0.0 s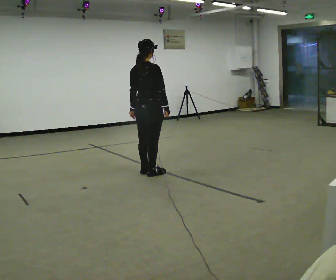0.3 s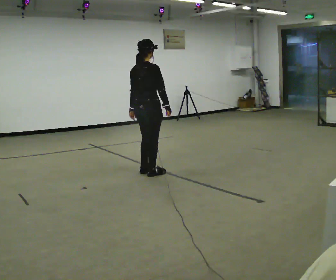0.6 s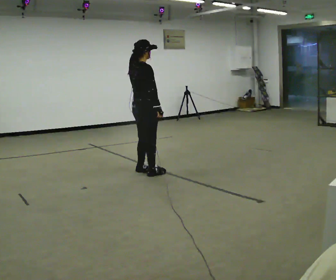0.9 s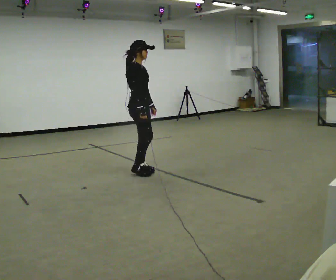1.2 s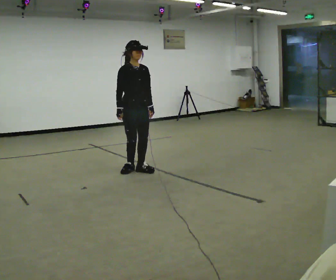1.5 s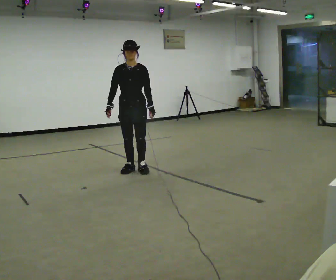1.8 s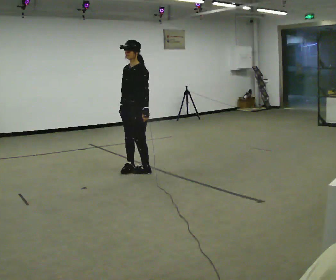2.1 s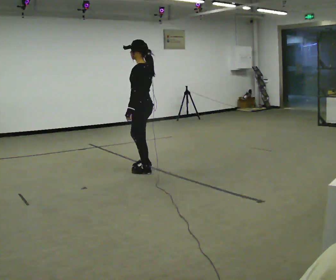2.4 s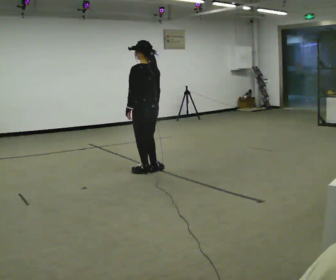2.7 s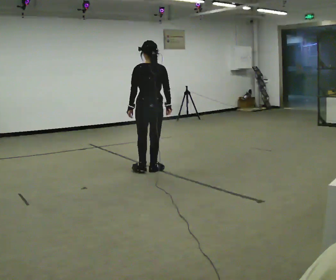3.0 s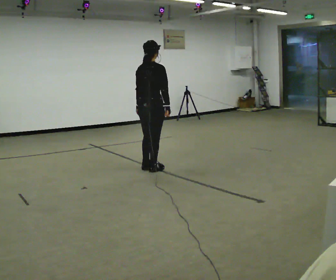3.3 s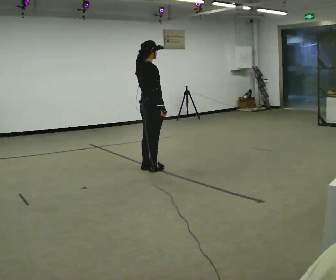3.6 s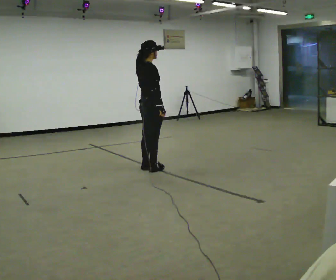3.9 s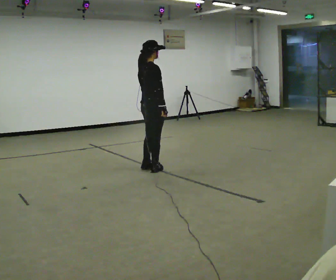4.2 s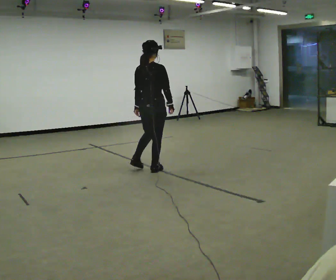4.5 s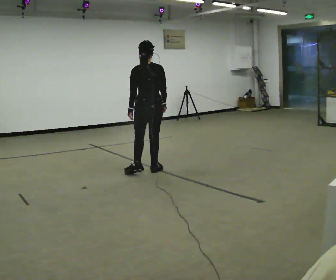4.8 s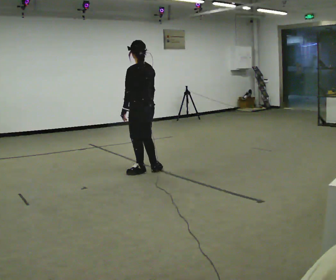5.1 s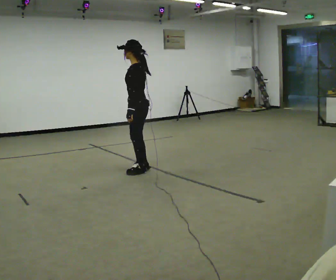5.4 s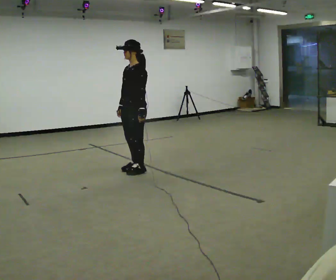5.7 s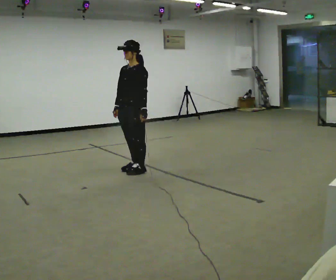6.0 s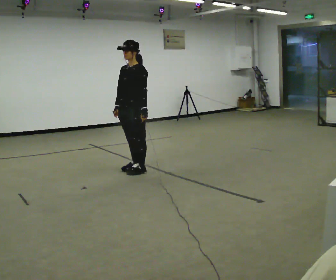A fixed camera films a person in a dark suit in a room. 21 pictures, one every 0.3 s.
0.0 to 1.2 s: The part of the body nearest the lens slides to the left as the person turns to their right by about 105 degrees. In the picture their right hand goes to the left.
1.2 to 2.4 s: The person turns about 180 degrees to their right, clockwise seen from above, so the part of the body nearest the lens slides to the left. In the picture their right hand goes to the right.
2.4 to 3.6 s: Seen from above the body turns clockwise, about 105 degrees: to their right, with its near side sliding to the left.
3.6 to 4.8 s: The person turns about 105 degrees to their left, counterclockwise seen from above, so the part of the body nearest the lens slides to the right.
4.8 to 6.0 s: Seen from above the body turns counterclockwise, about 90 degrees: to their left, with its near side sliding to the right. In the picture their right hand goes to the left.
The film runs backward here.
